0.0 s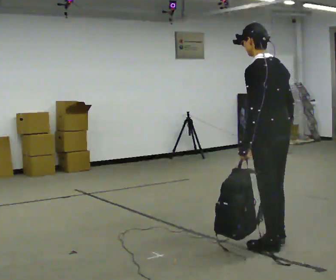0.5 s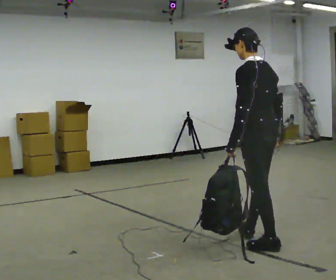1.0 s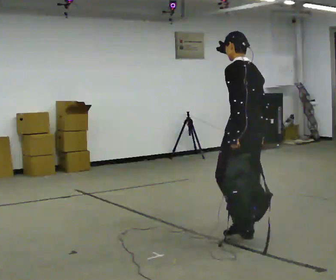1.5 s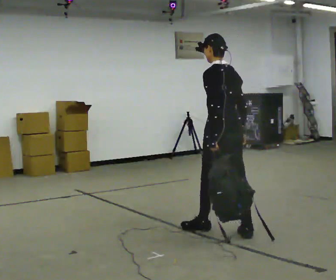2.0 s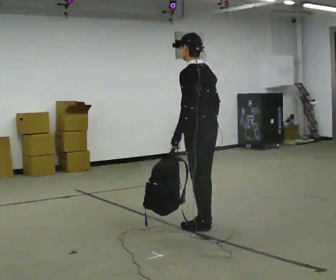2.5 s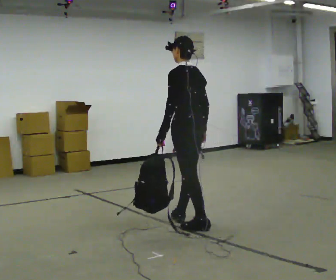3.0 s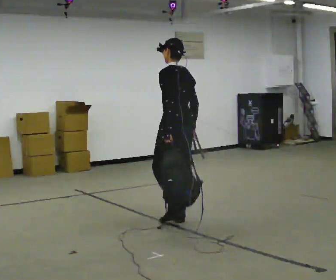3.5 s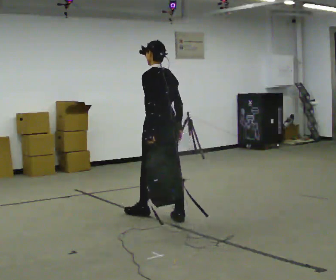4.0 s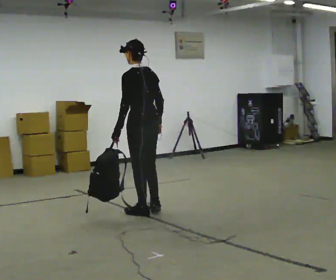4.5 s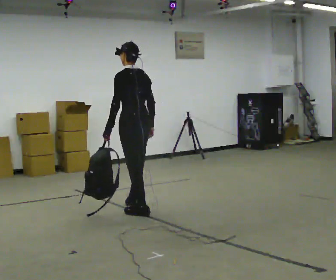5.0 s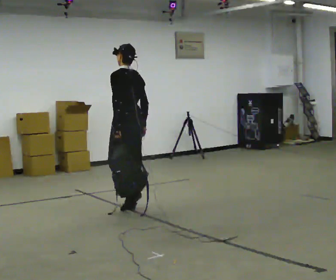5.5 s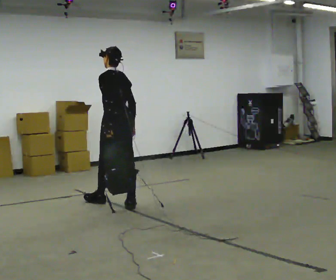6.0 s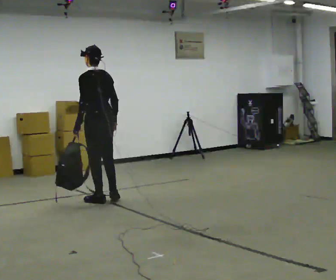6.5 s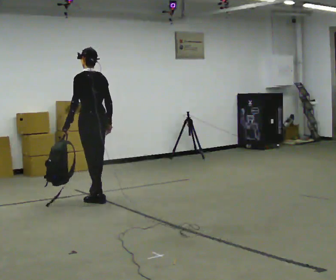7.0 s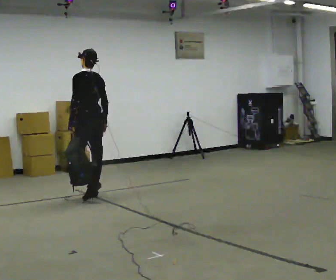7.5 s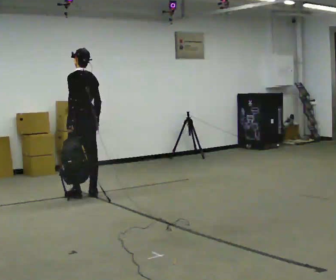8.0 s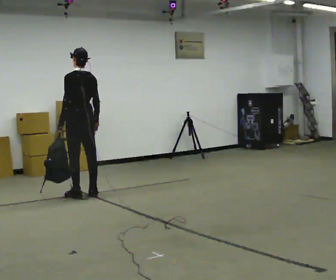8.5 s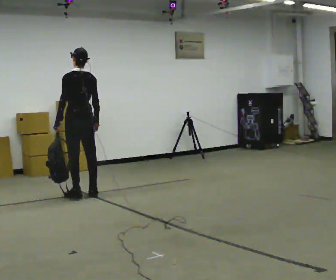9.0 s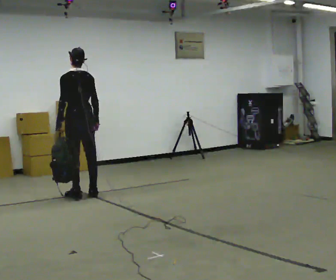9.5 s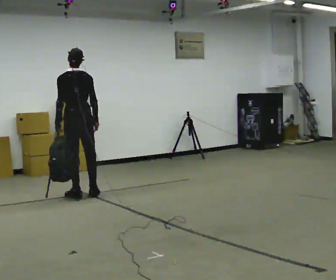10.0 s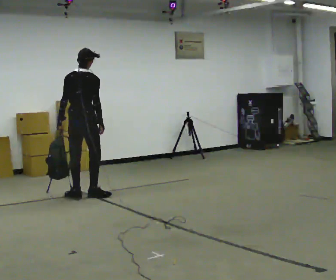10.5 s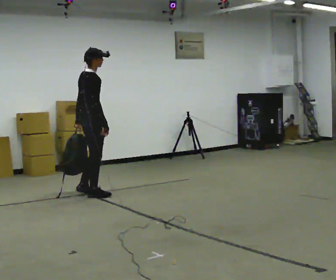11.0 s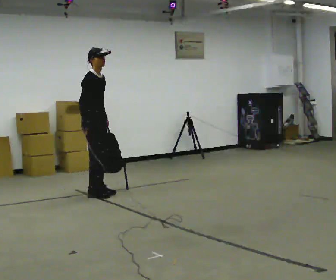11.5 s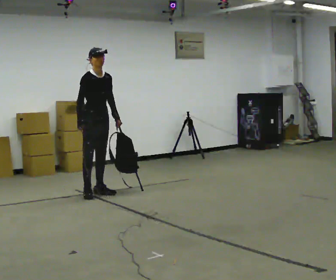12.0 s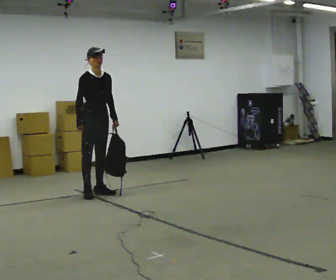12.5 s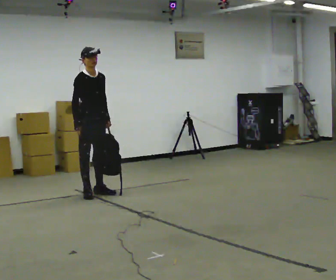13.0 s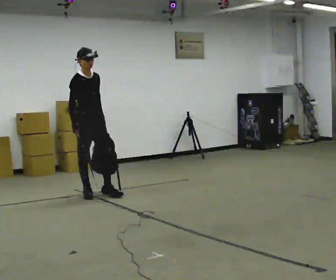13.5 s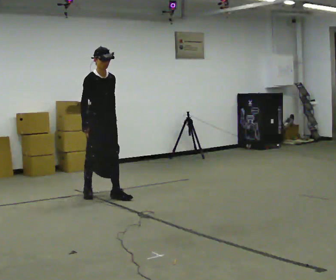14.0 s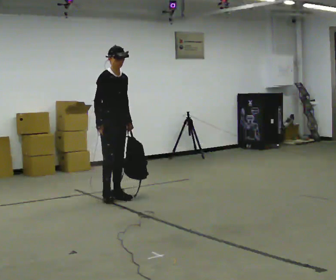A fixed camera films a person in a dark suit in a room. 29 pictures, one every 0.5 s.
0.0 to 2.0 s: In the picture they go away from the camera and to the left, about 1 m in 2 steps, which for them is forward.
2.0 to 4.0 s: In the picture they go away from the camera and to the left, about 1 m in 2 steps, which for them is forward.
4.0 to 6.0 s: In the picture they go away from the camera and to the left, about 1 m in 2 steps, which for them is forward.
6.0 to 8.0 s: In the picture they go away from the camera and to the left, about 0.5 m in 2 steps, which for them is forward.
8.0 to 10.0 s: The person turns about 45 degrees to their right, clockwise seen from above, so the part of the body nearest the lens slides to the left.
10.0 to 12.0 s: The part of the body nearest the lens slides to the left as the person turns to their right by about 120 degrees. In the picture their left hand goes to the right, the arm swinging counterclockwise.
12.0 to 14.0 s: In the picture they go toward the camera and to the right, about 0.25 m in 1 step, which for them is forward.
The film runs forward here.
